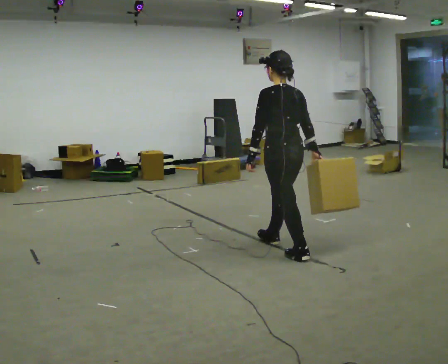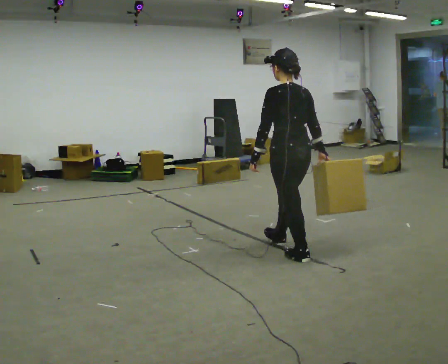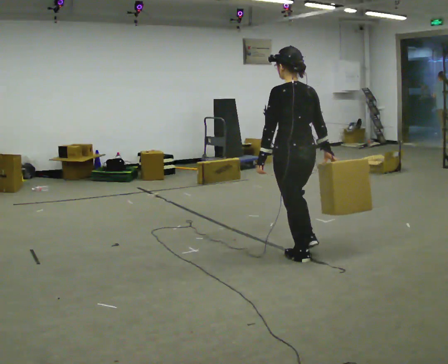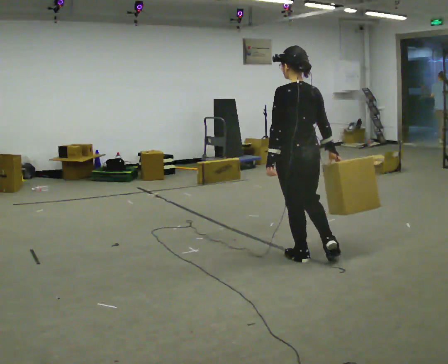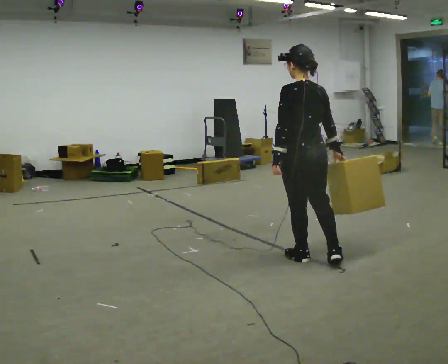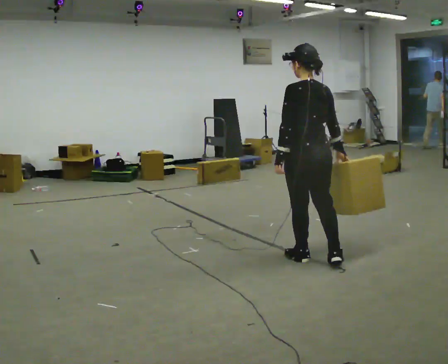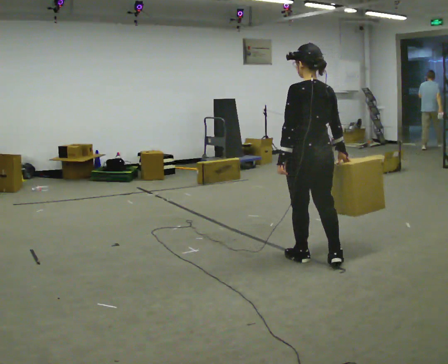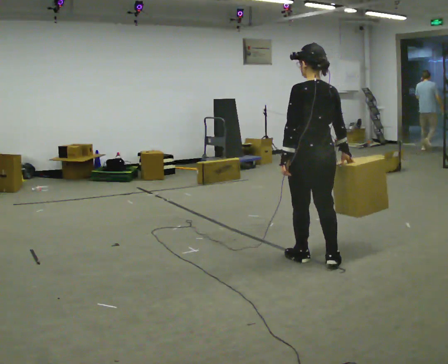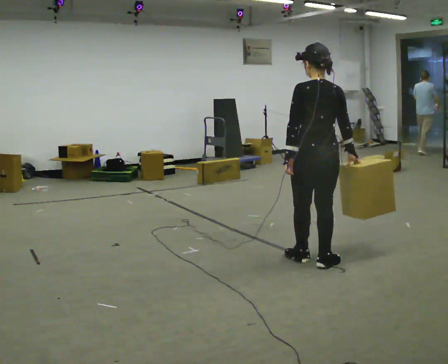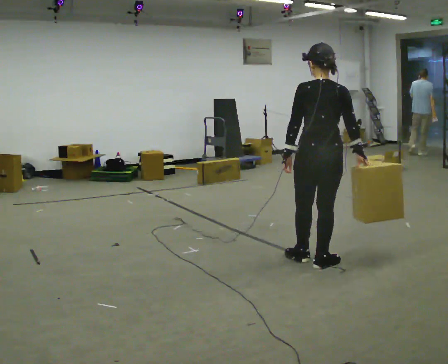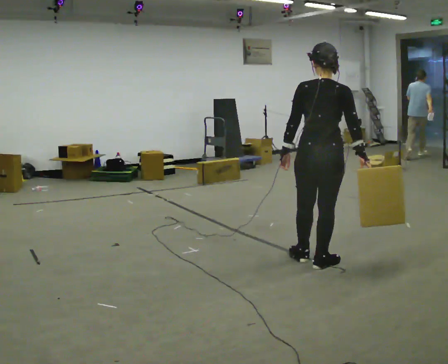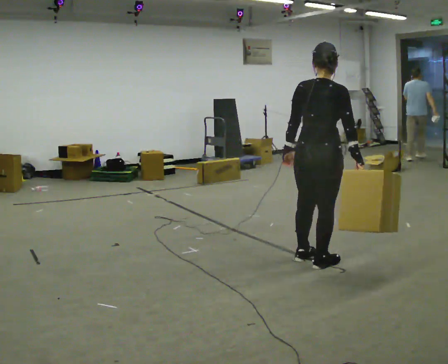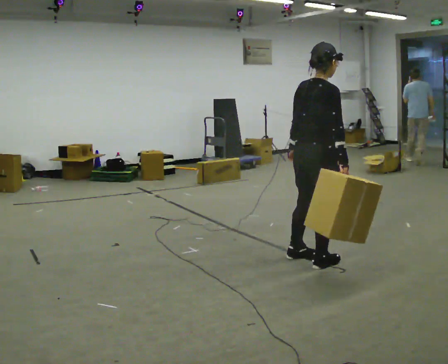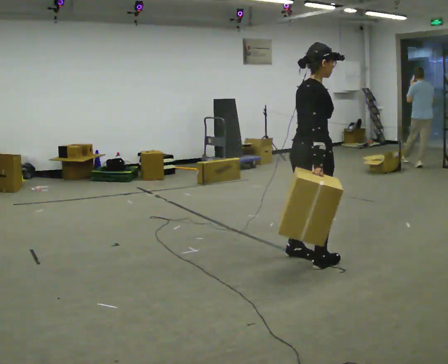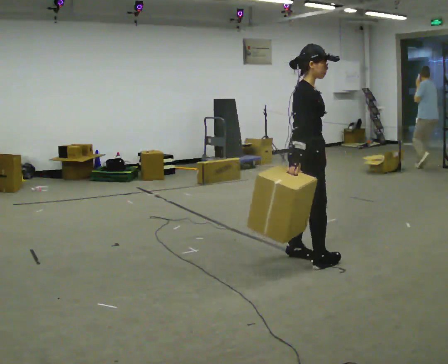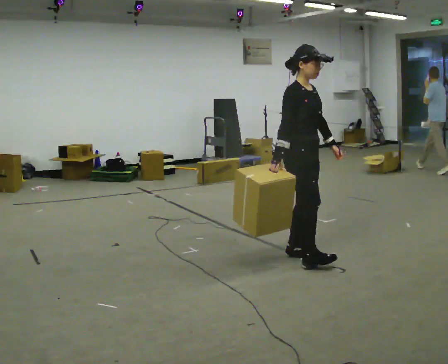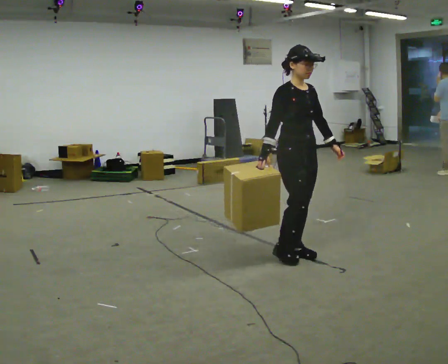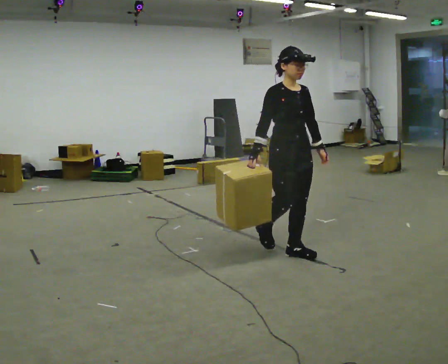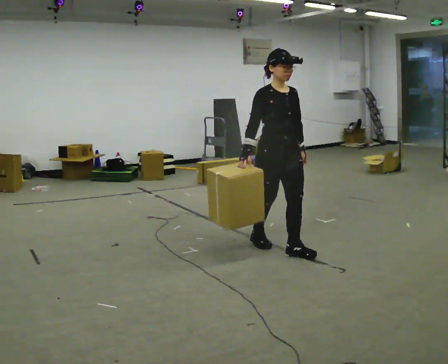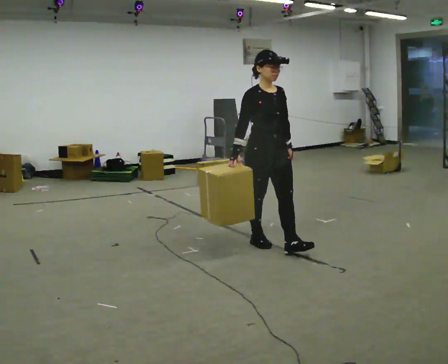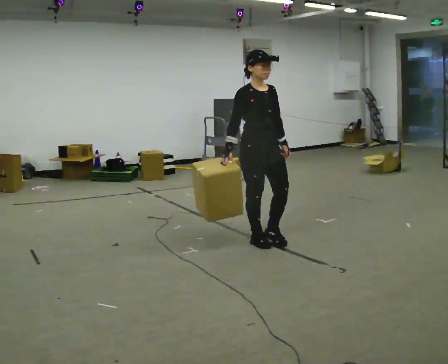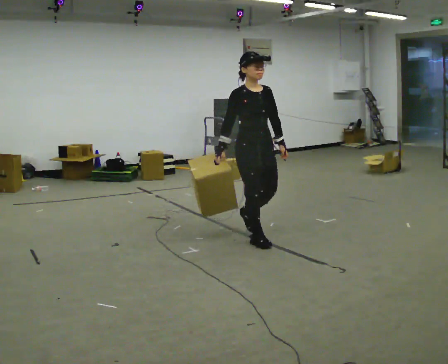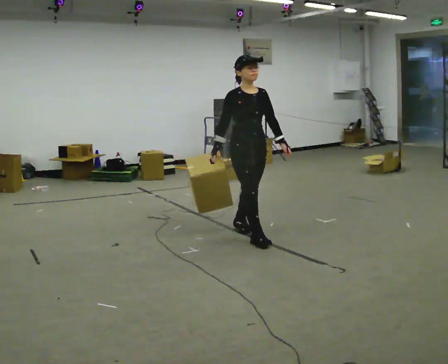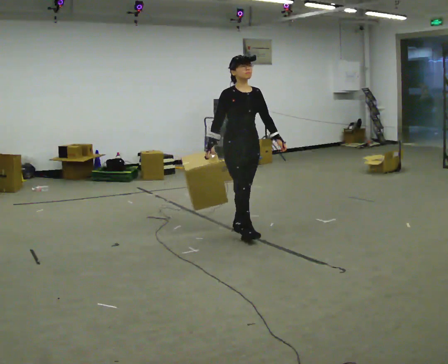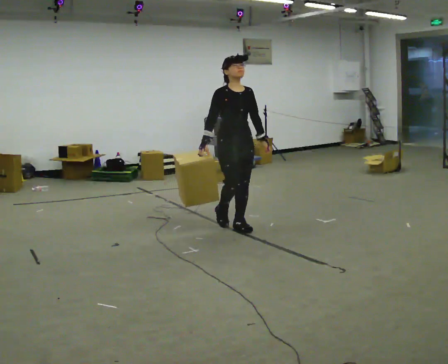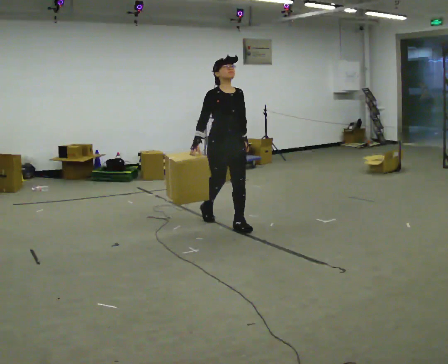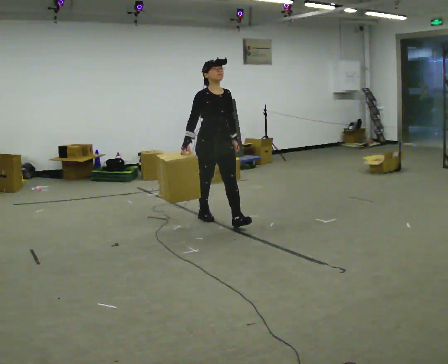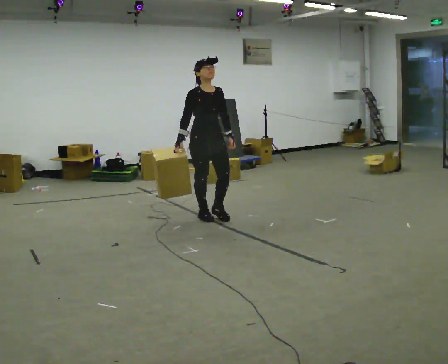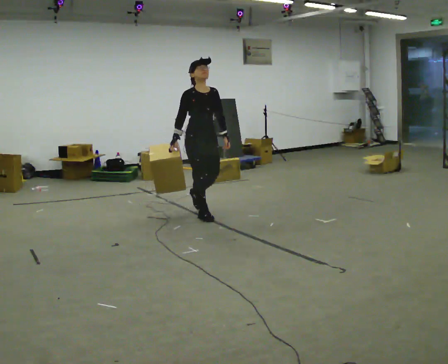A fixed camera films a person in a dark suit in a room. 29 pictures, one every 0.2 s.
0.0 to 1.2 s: In the picture they go to the right and toward the camera, about 0.25 m in 1 step, which for them is backward.
1.2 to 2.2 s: Seen from above the body turns clockwise, about 45 degrees: to their right, with its near side sliding to the left.
2.2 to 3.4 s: The person turns about 120 degrees to their right, clockwise seen from above, so the part of the body nearest the lens slides to the left. In the picture they go away from the camera and to the left, about 0.25 m in 2 steps.
3.4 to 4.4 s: In the picture they go to the left and away from the camera, about 0.5 m in 1 step, which for them is backward.
4.4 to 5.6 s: In the picture they go to the left and away from the camera, about 1 m in 2 steps, which for them is backward.
The film runs backward here.
